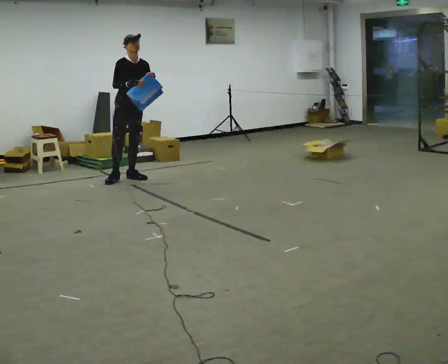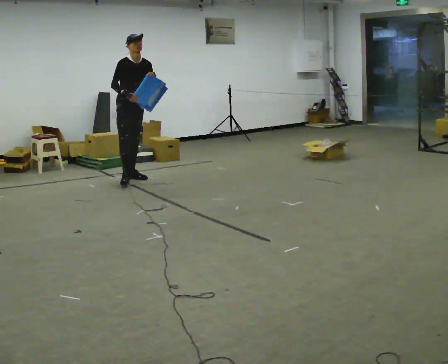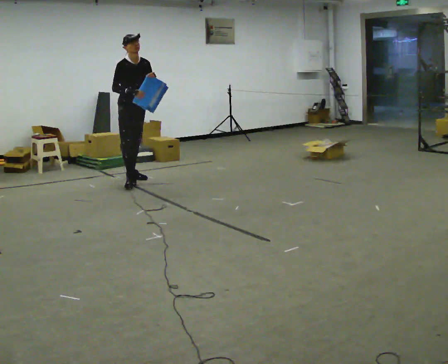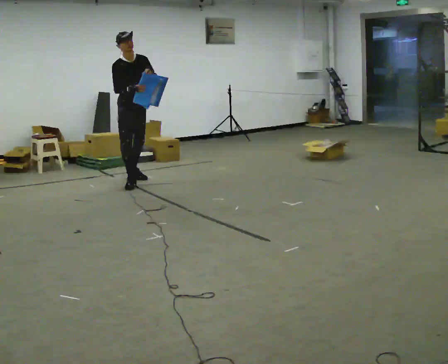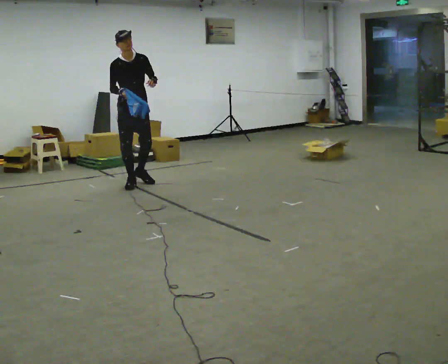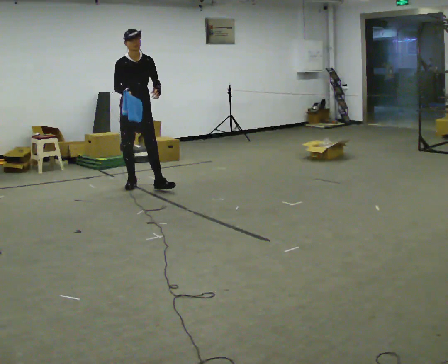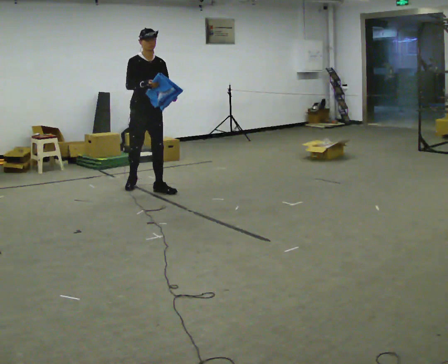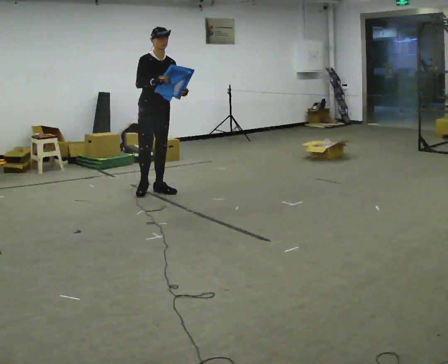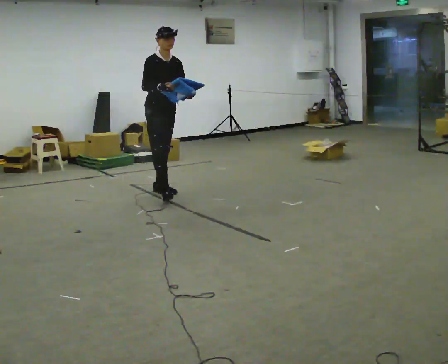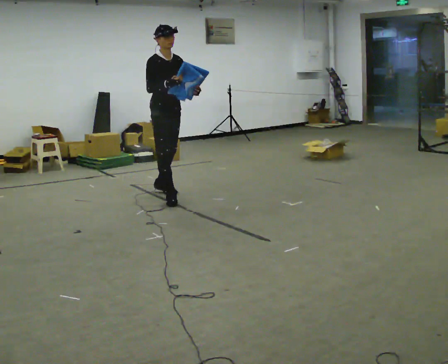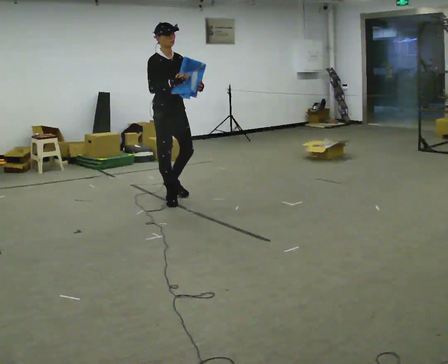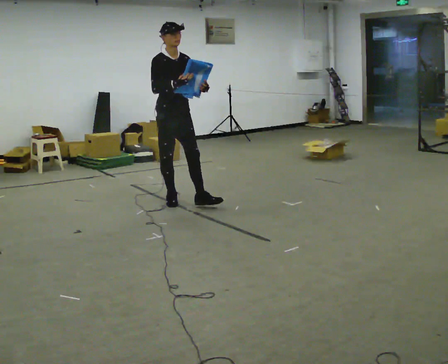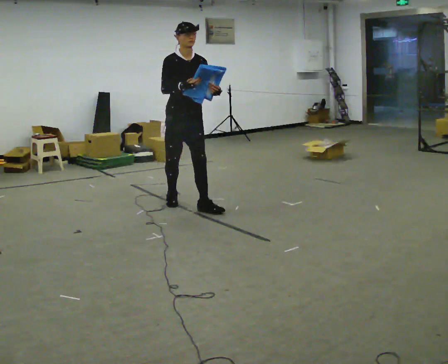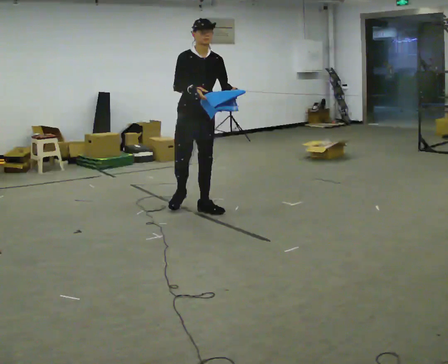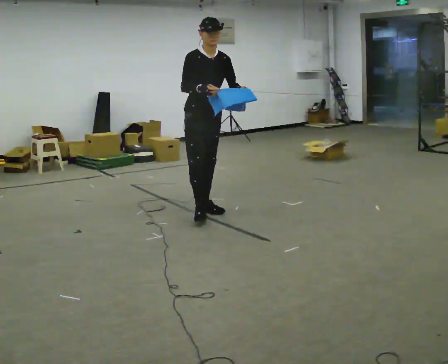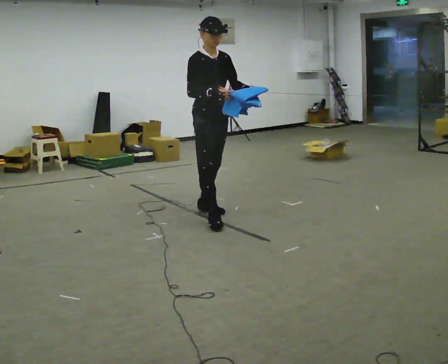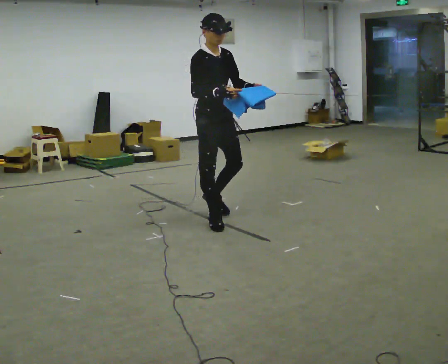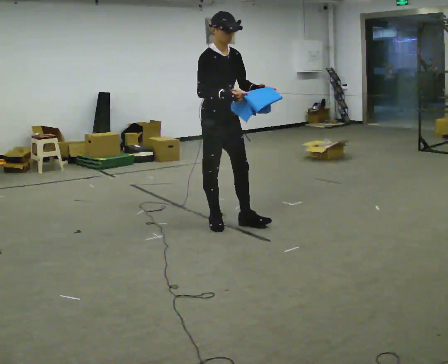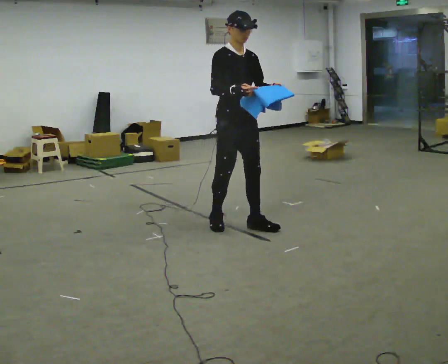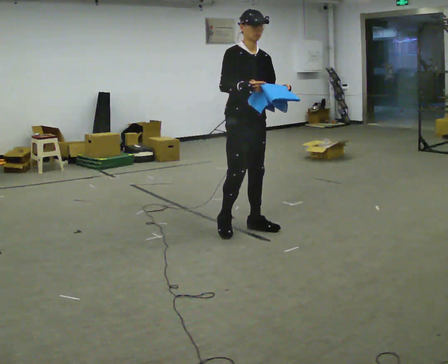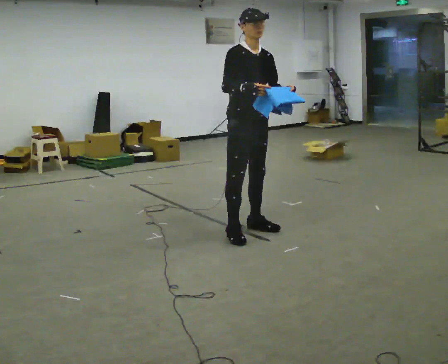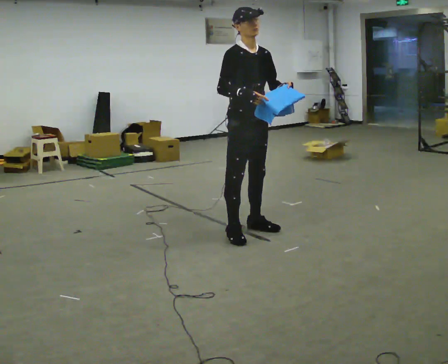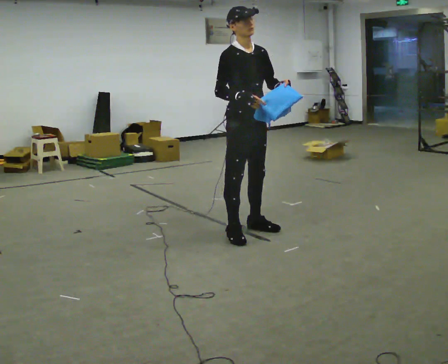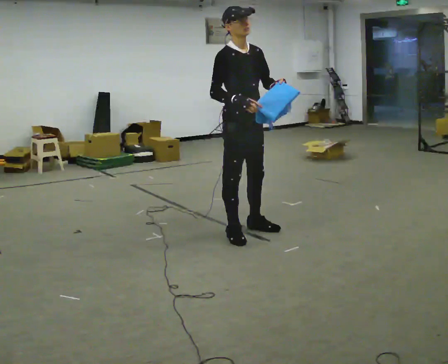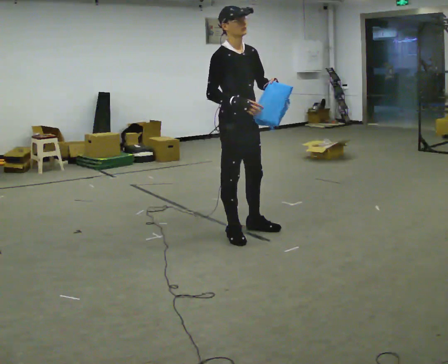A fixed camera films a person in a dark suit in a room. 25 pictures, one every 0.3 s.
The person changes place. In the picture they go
toward the camera.
0.0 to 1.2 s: In the picture they go toward the camera, about 0.25 m in 1 step, which for them is forward.
1.2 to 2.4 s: In the picture they go toward the camera and to the right, about 0.5 m in 1 step, which for them is forward.
2.4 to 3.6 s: In the picture they go toward the camera and to the right, about 0.5 m in 2 steps, which for them is forward.
3.6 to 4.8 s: In the picture they go toward the camera and to the right, about 0.5 m in 1 step, which for them is forward.
4.8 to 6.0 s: In the picture they go to the right and toward the camera, about 0.5 m in 2 steps, which for them is forward.
6.0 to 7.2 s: The person moves a little, or ends about where they began.
The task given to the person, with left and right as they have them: Carry the cloth and, while walking, fold it in half, then unfold it. Keep repeating as you walk. Do not stop.
The film runs forward here.
